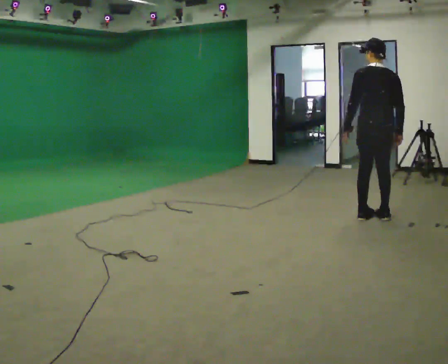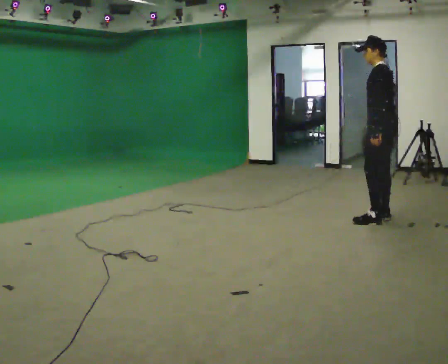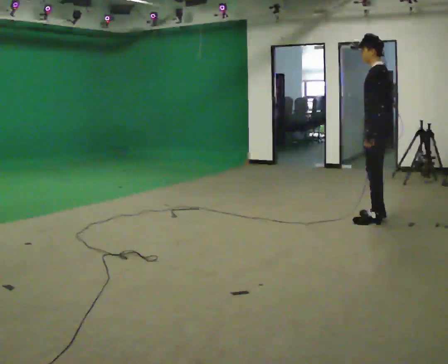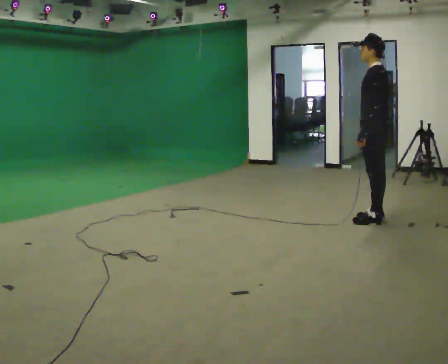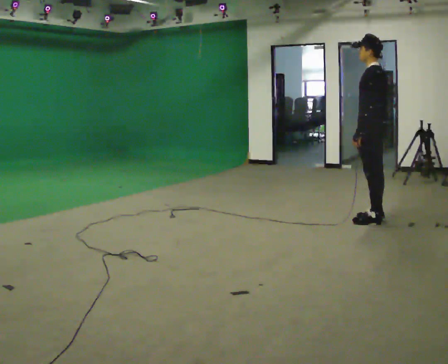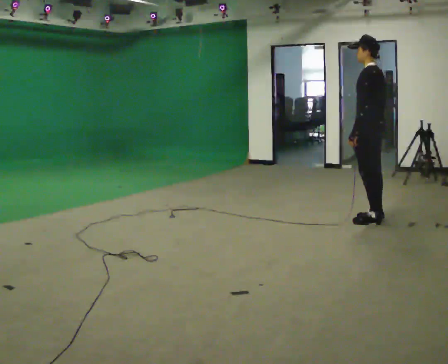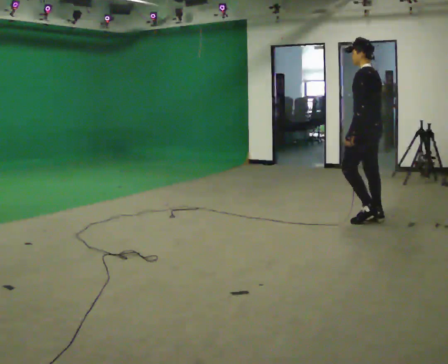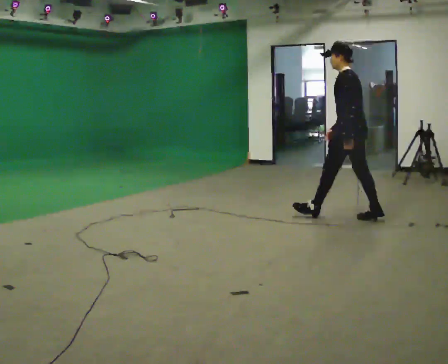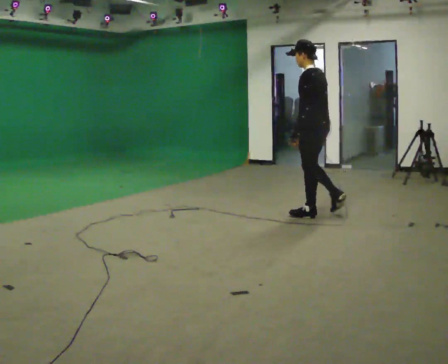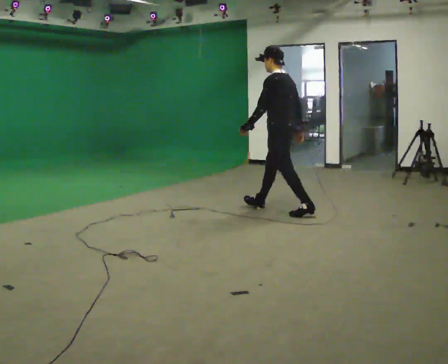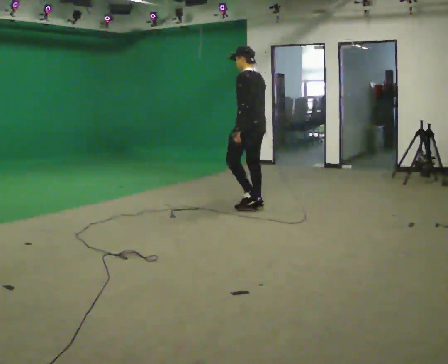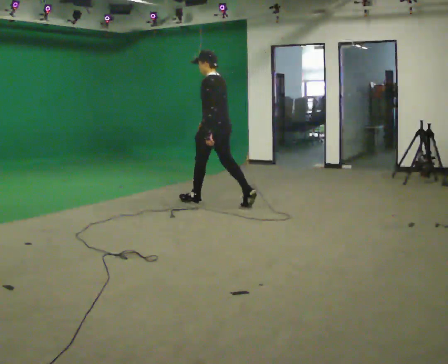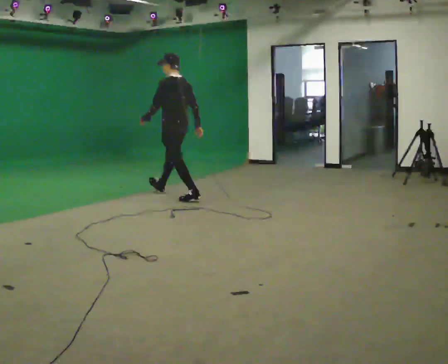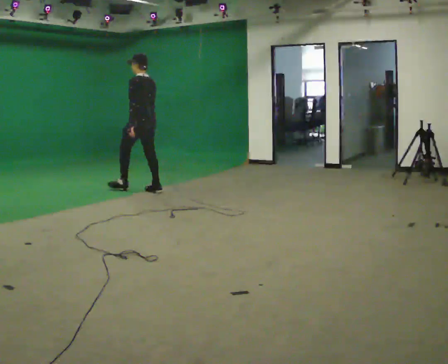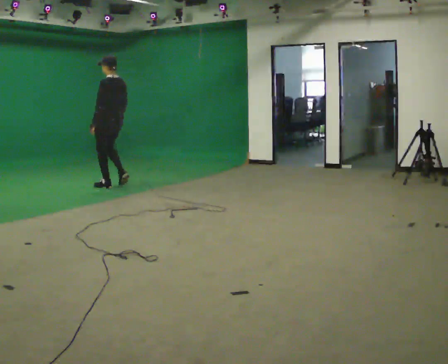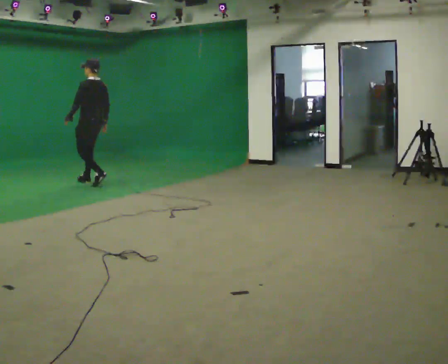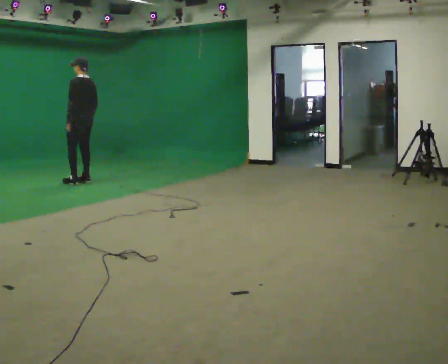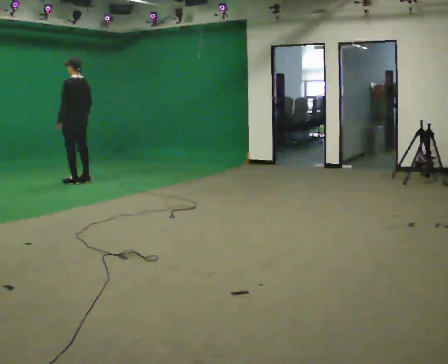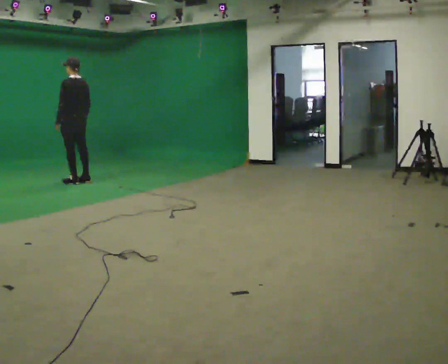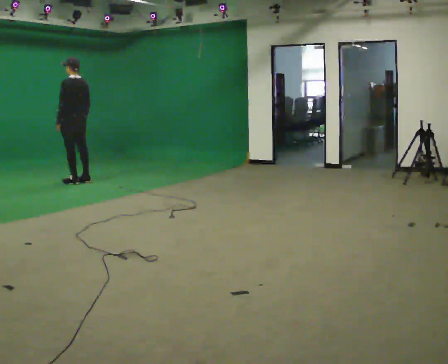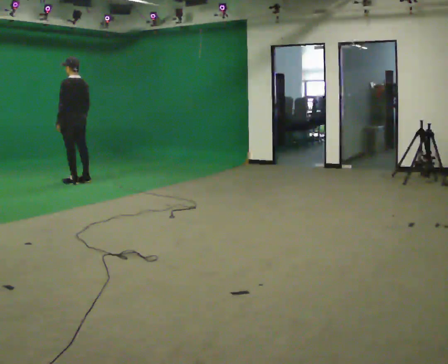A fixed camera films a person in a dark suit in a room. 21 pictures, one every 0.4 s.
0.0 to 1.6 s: The person turns about 45 degrees to their left, counterclockwise seen from above, so the part of the body nearest the lens slides to the right.
1.6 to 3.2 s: In the picture they go to the left and away from the camera, about 0.5 m in 1 step, which for them is forward.
3.2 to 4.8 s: In the picture they go to the left and away from the camera, about 2 m in 2 steps, which for them is forward.
4.8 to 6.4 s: In the picture they go to the left and away from the camera, about 1.5 m in 4 steps, which for them is forward.
6.4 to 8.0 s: The person moves a little, or ends about where they began.
The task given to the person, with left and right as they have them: Start still; gradually go slow → normal → fast; briefly maintain fast speed; stop.
The film runs forward here.
